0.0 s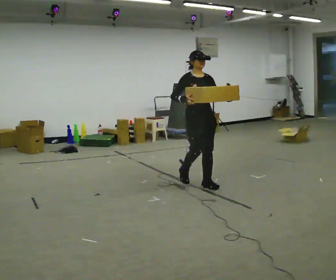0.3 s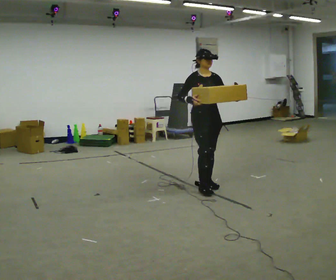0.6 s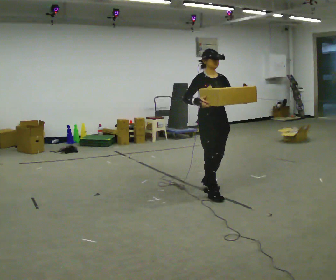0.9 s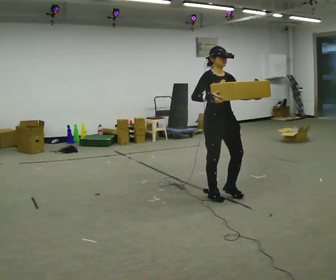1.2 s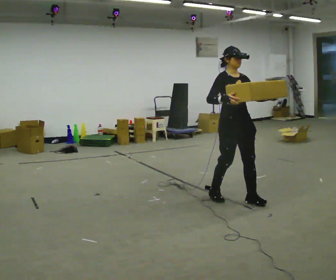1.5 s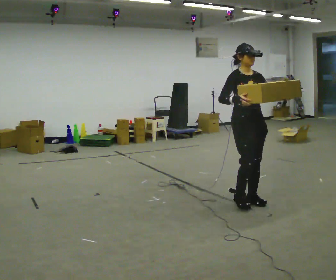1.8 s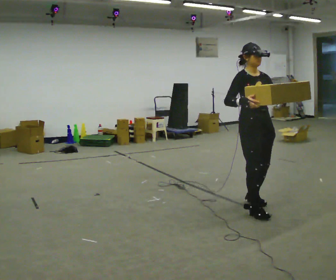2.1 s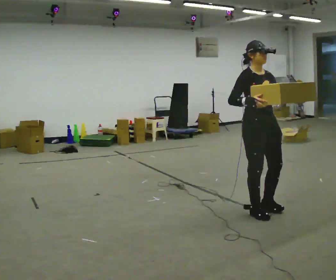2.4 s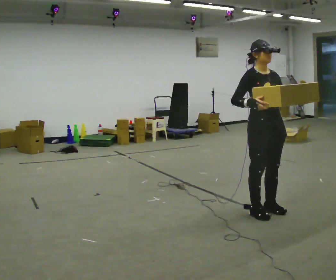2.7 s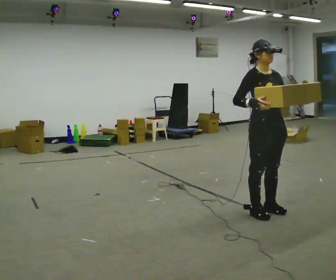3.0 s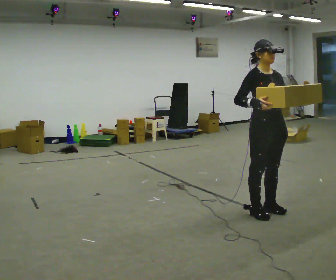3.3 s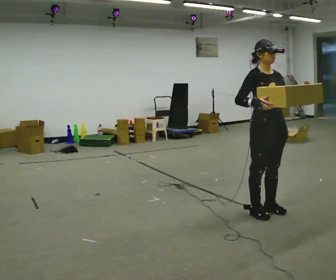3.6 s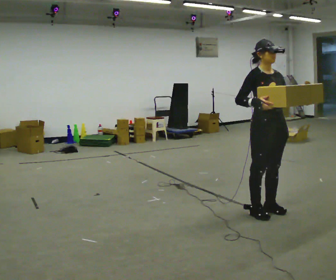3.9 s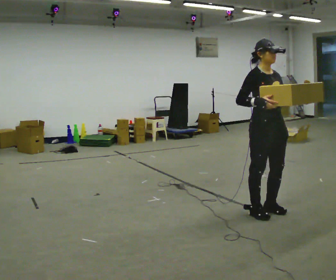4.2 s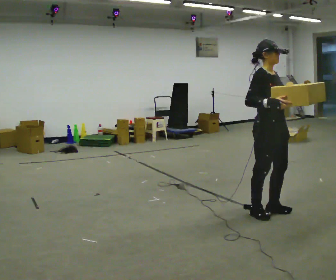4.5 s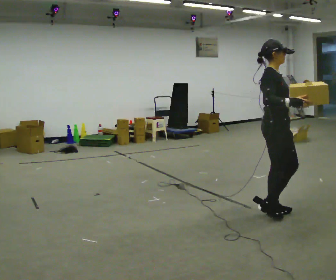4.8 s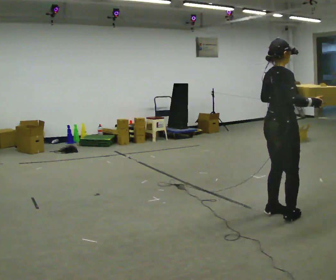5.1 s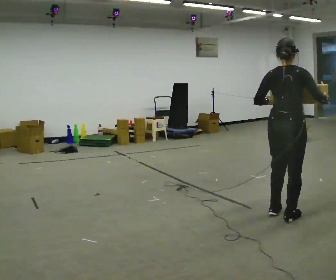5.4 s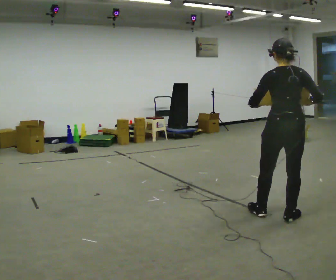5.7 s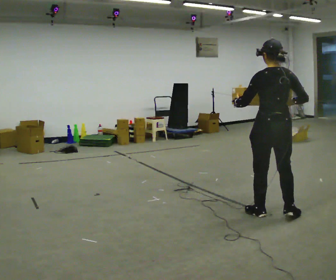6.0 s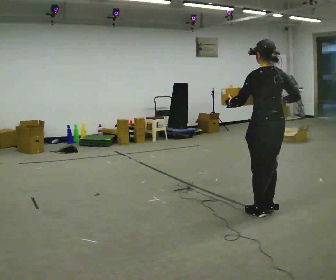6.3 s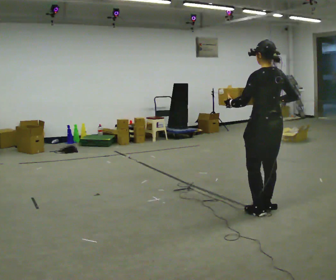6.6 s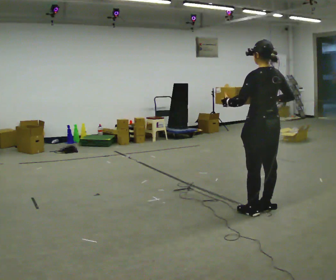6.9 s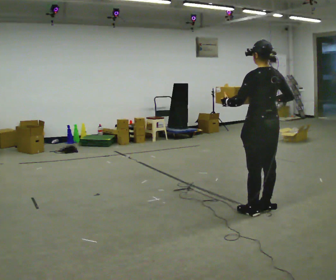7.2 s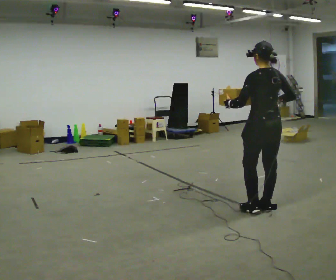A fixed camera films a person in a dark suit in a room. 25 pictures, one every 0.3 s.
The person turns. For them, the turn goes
to their left.
The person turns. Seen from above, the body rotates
counterclockwise.
0.0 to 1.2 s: In the picture they go toward the camera and to the right, about 0.75 m in 2 steps, which for them is forward.
1.2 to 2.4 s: In the picture they go toward the camera and to the right, about 0.5 m in 2 steps, which for them is forward.
2.4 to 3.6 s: The person moves a little, or ends about where they began.
3.6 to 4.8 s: Seen from above the body turns counterclockwise, about 75 degrees: to their left, with its near side sliding to the right.
4.8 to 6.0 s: The person turns about 90 degrees to their left, counterclockwise seen from above, so the part of the body nearest the lens slides to the right. In the picture their left hand goes to the left.
6.0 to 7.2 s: The person moves a little, or ends about where they began.
The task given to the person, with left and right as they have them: Carry the medium box in both hands in front of you, walking back and forth across the room. Keep walking until the operator says stop.
The film runs forward here.
